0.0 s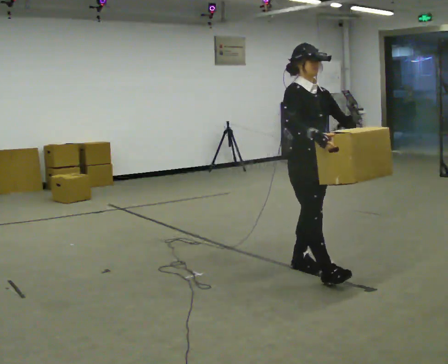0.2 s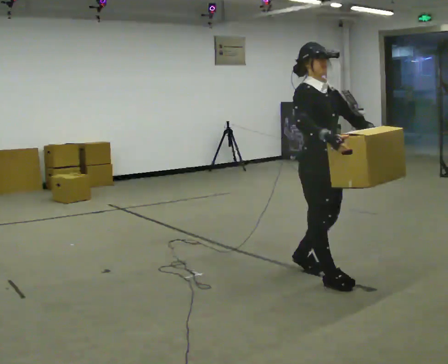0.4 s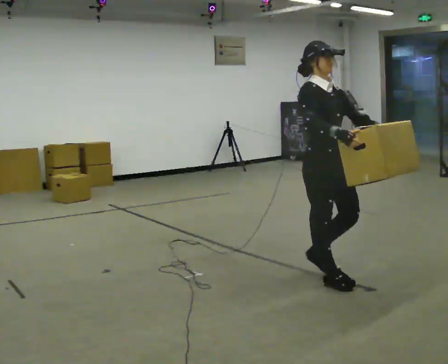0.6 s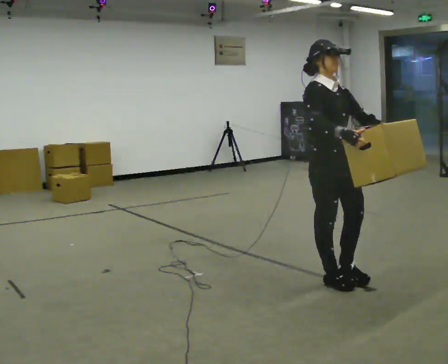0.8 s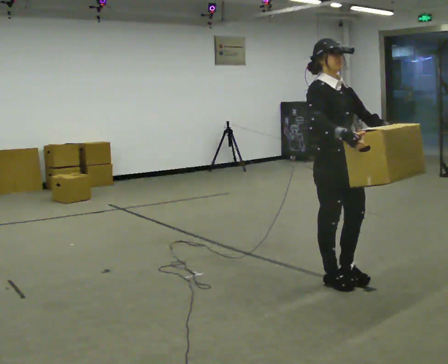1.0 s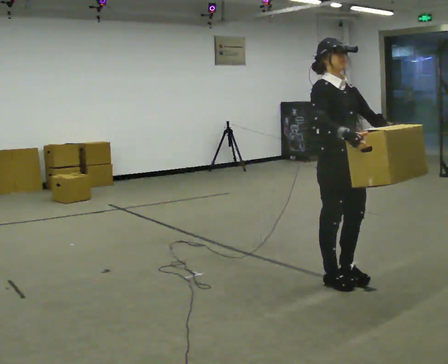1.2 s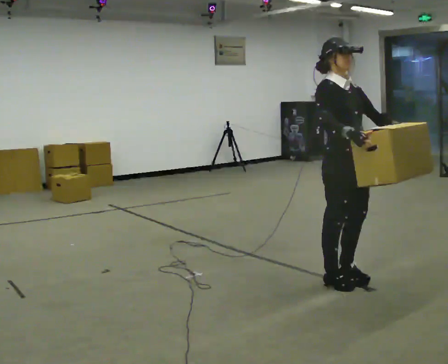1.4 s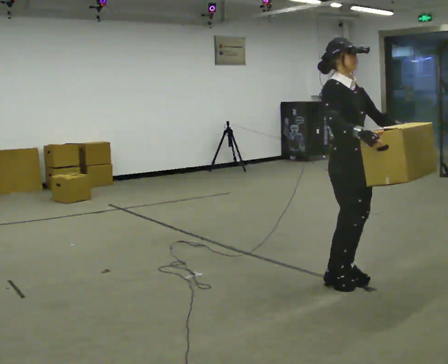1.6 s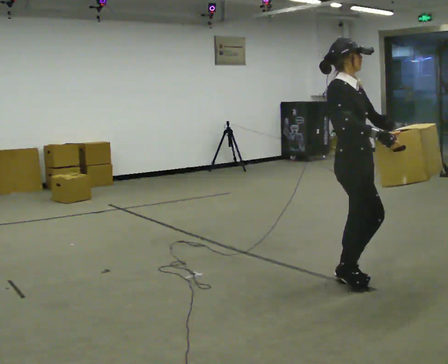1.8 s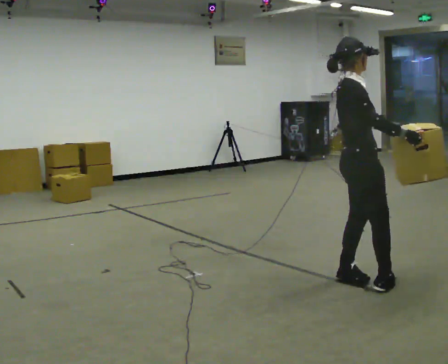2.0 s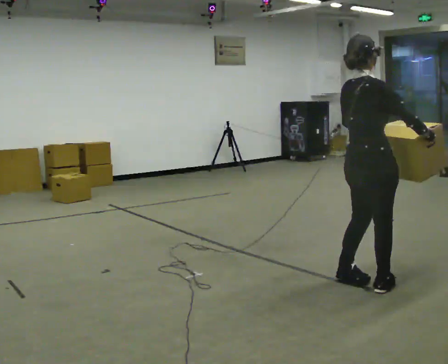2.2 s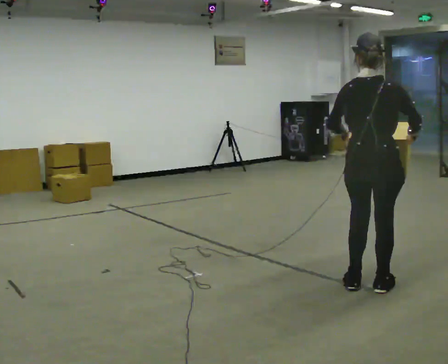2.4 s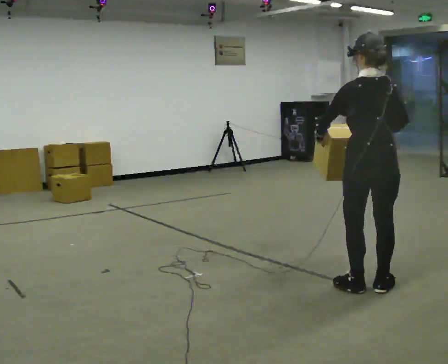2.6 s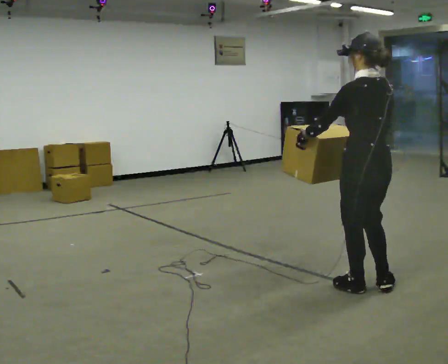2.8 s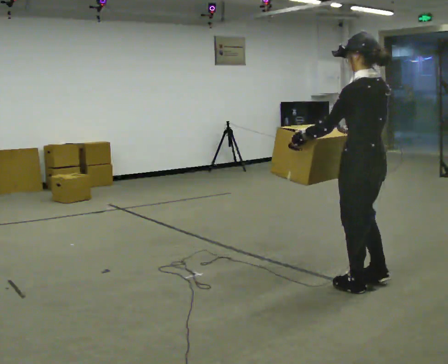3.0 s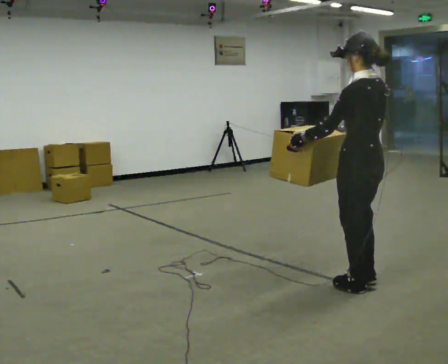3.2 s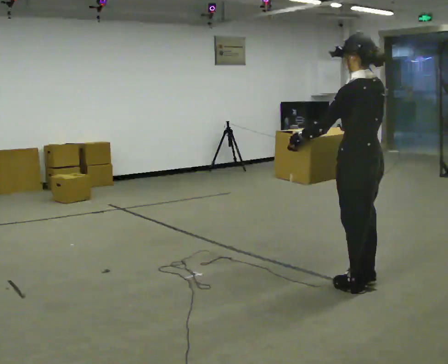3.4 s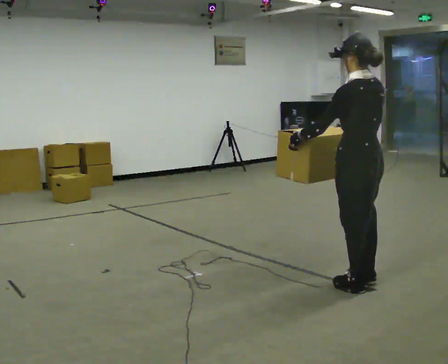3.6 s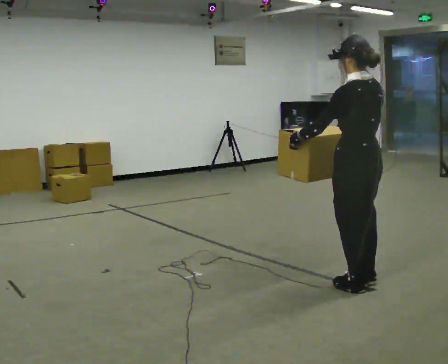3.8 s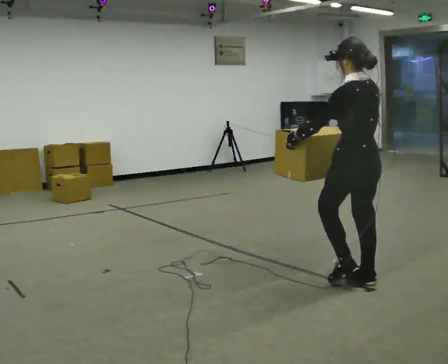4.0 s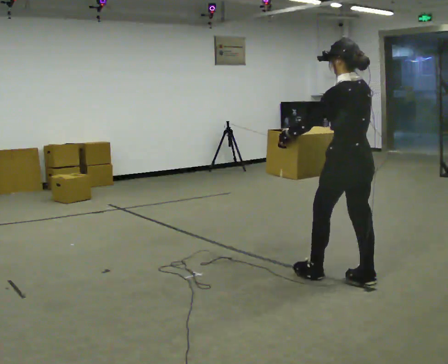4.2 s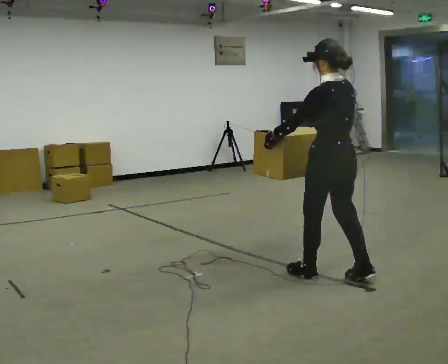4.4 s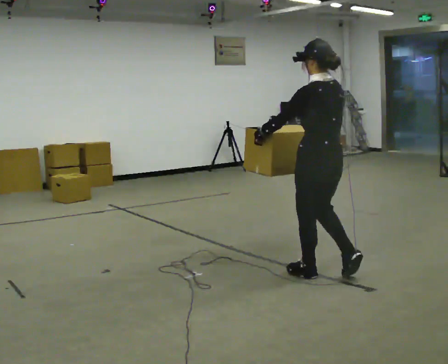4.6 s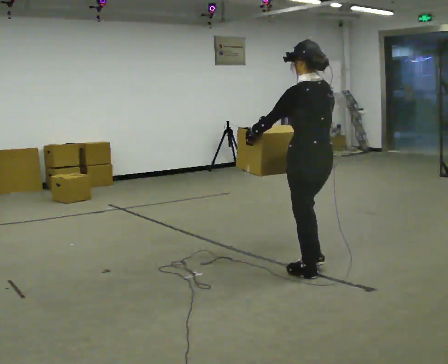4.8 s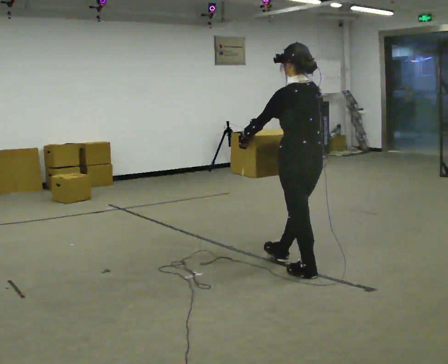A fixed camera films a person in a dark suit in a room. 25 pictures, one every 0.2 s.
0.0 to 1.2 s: In the picture they go to the right and toward the camera, about 0.25 m in 1 step, which for them is forward.
1.2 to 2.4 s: Seen from above the body turns counterclockwise, about 150 degrees: to their left, with its near side sliding to the right. In the picture they go to the right and toward the camera, about 0.25 m in 2 steps.
2.4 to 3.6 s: Seen from above the body turns counterclockwise, about 30 degrees: to their left, with its near side sliding to the right.
3.6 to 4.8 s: In the picture they go to the left and away from the camera, about 0.5 m in 1 step, which for them is forward.
The film runs forward here.
